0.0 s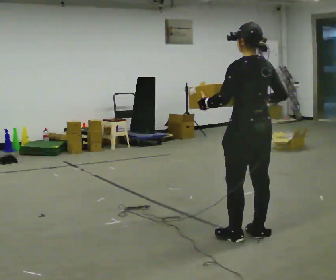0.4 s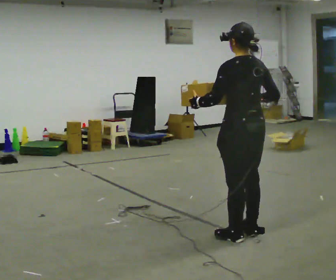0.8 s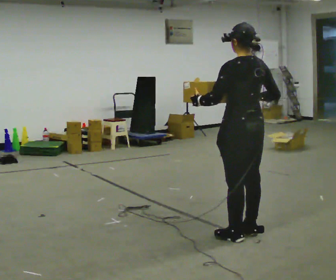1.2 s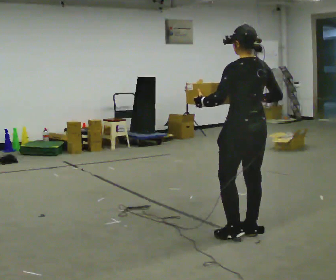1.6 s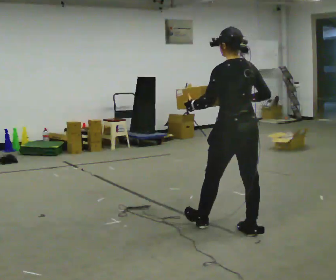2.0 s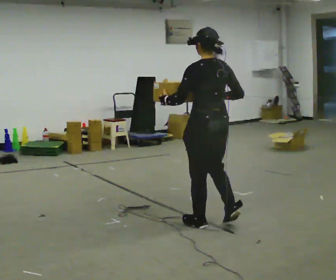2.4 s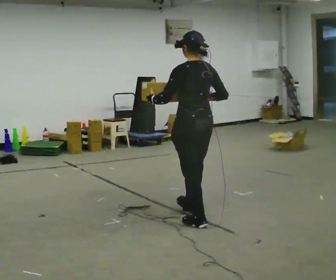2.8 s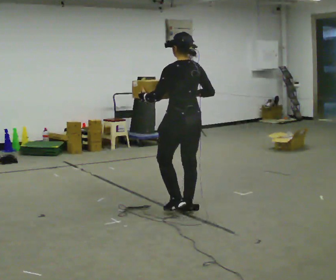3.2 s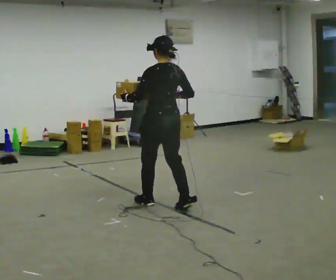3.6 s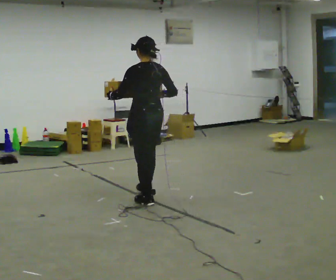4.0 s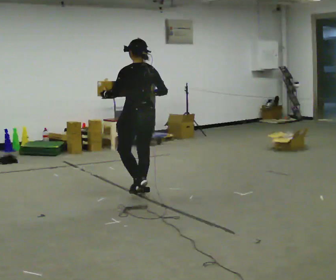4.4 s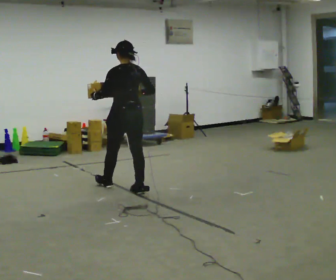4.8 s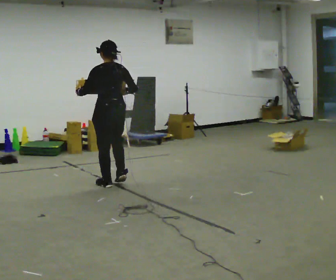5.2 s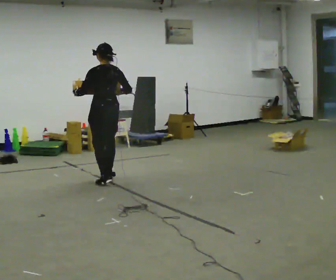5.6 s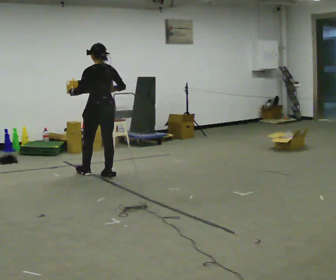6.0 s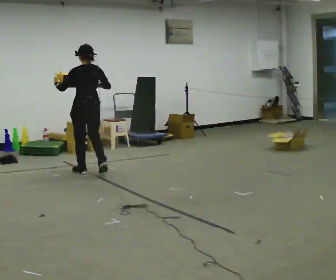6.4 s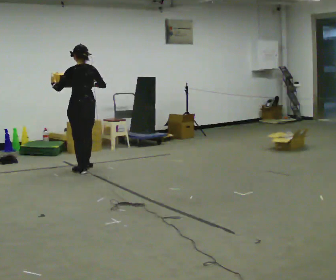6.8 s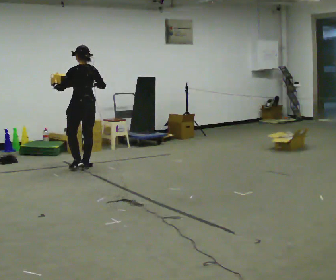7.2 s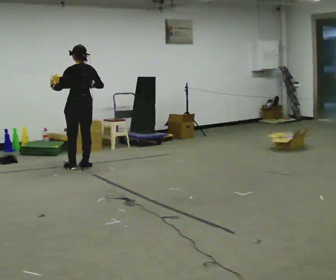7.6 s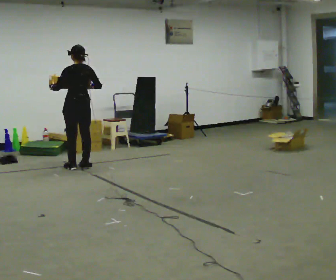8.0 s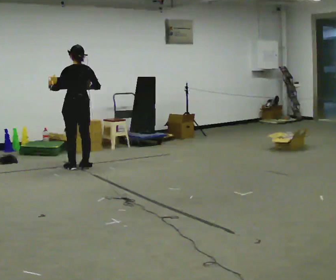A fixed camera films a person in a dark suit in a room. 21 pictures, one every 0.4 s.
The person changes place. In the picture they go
away from the camera.
0.0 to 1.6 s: In the picture they go away from the camera, about 0.25 m in 1 step, which for them is forward.
1.6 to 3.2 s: In the picture they go away from the camera and to the left, about 1 m in 2 steps, which for them is forward.
3.2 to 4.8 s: In the picture they go away from the camera and to the left, about 1 m in 2 steps, which for them is forward.
4.8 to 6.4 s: In the picture they go away from the camera and to the left, about 1 m in 3 steps, which for them is forward.
6.4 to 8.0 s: In the picture they go away from the camera, about 0.25 m in 1 step, which for them is forward.
The film runs forward here.
